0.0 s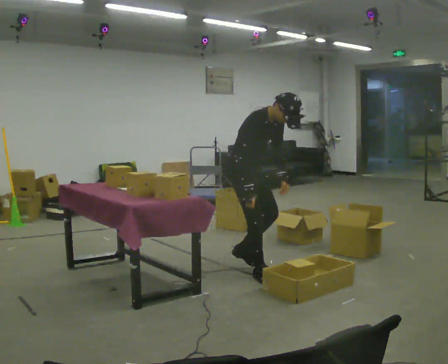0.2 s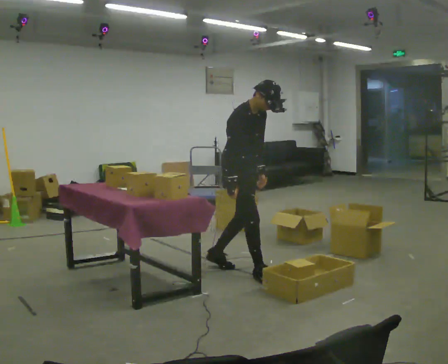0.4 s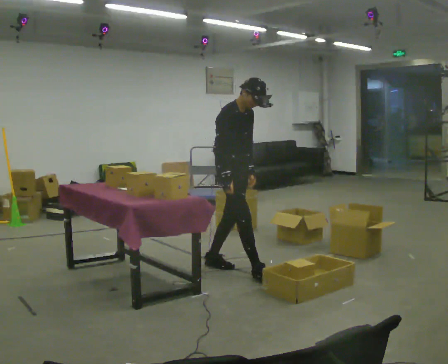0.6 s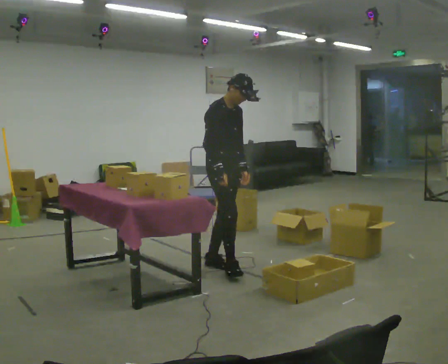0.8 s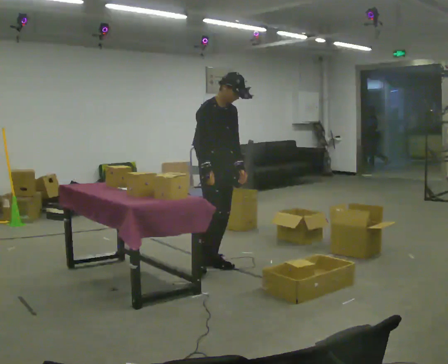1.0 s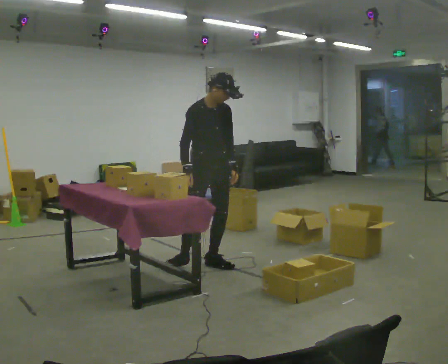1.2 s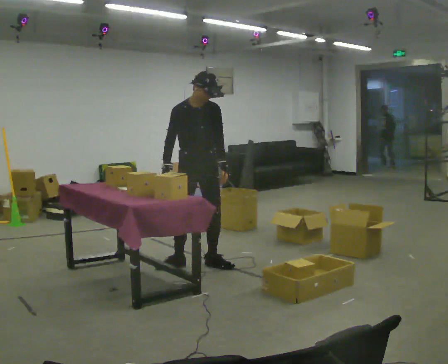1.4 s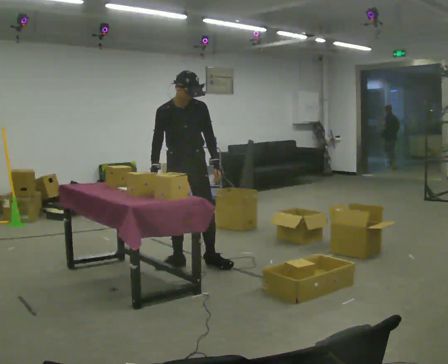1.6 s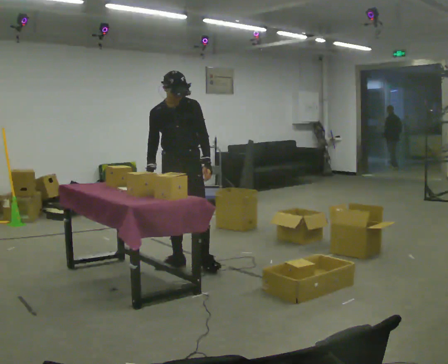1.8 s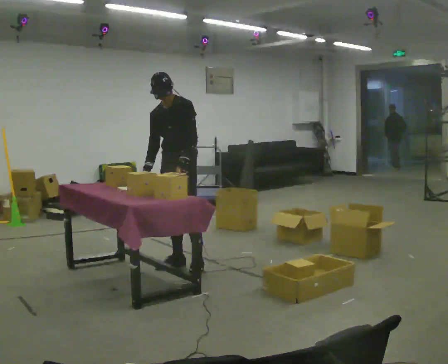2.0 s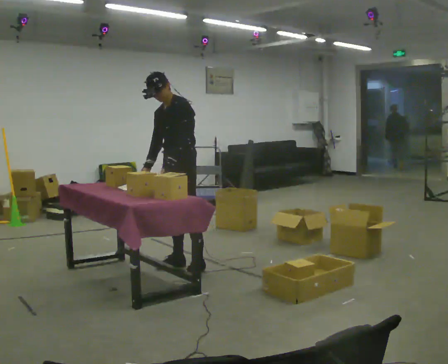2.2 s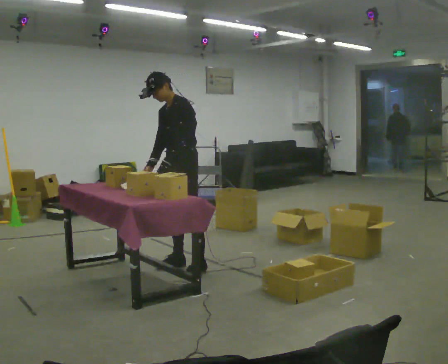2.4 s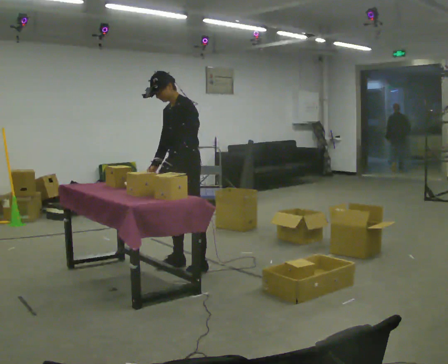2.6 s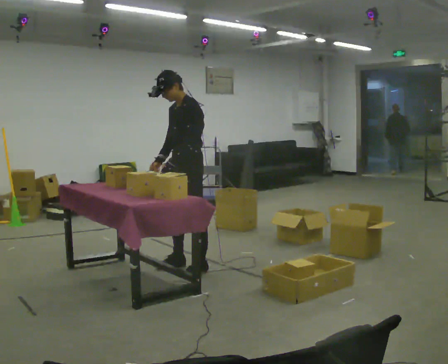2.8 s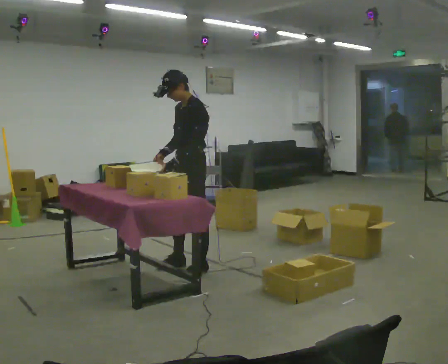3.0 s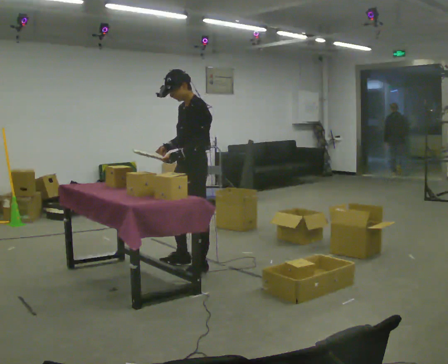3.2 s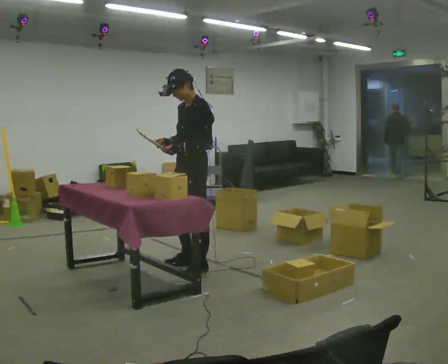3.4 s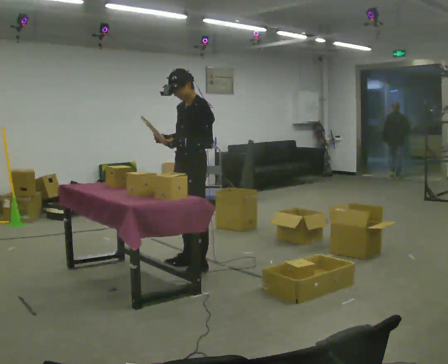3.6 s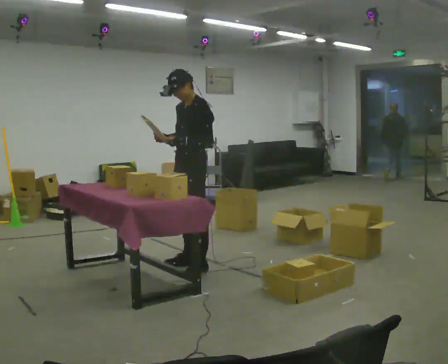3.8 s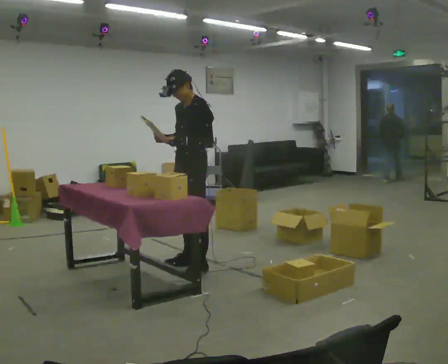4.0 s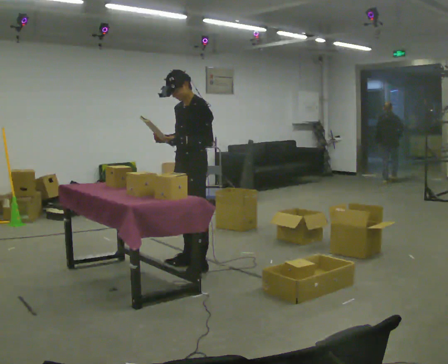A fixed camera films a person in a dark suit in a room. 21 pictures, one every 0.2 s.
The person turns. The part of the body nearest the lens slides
to the left.
The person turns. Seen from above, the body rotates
clockwise.
0.0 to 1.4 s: The person turns about 45 degrees to their right, clockwise seen from above, so the part of the body nearest the lens slides to the left. In the picture they go to the left and away from the camera, about 0.5 m in 1 step, which for them is backward. The upper body tips away from the camera, its near side rolling upward, as they lean back or straighten.
1.4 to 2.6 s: The person turns about 75 degrees to their right, clockwise seen from above, so the part of the body nearest the lens slides to the left. In the picture their left hand goes to the left, the arm swinging clockwise.
2.6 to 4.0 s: The person moves a little, or ends about where they began.
The film runs backward here.
